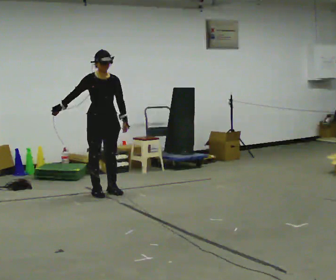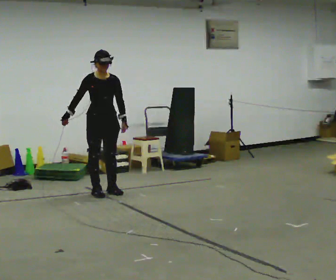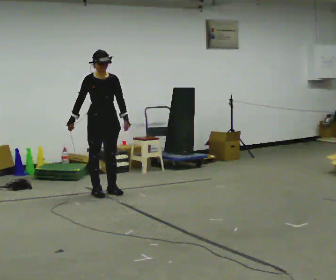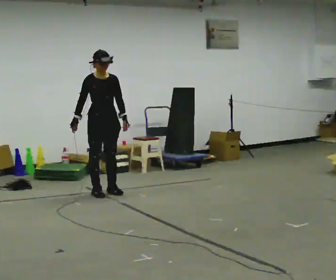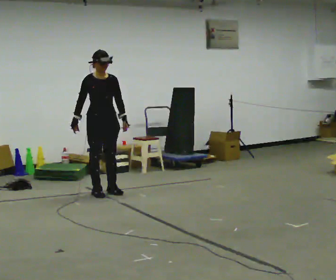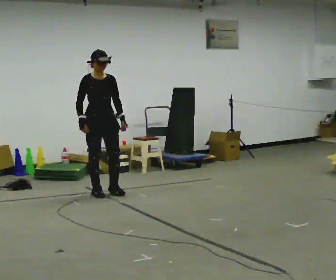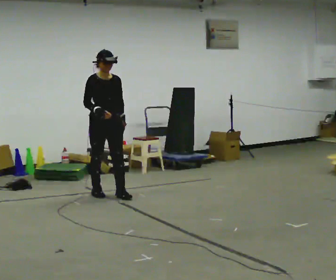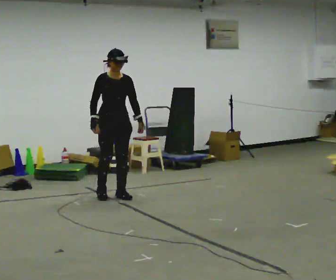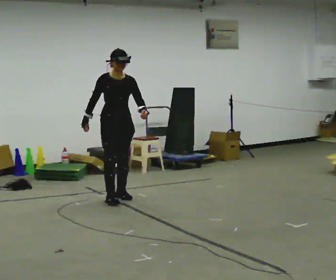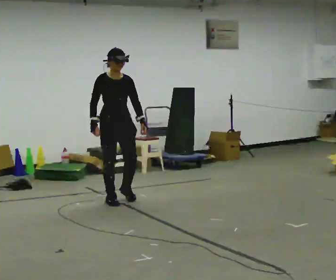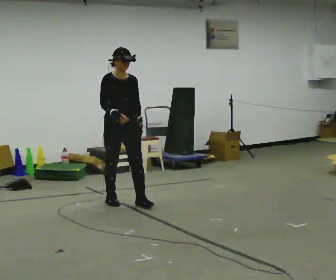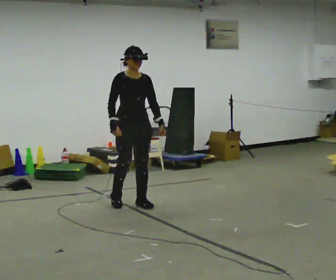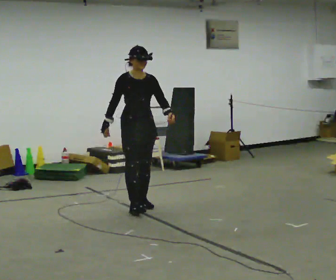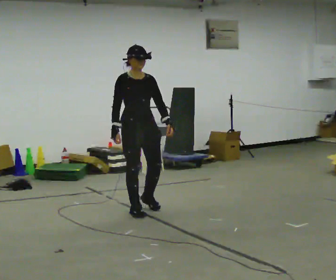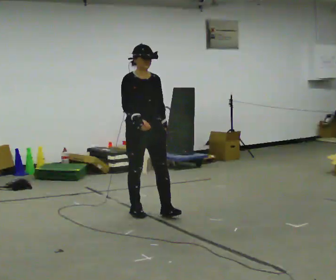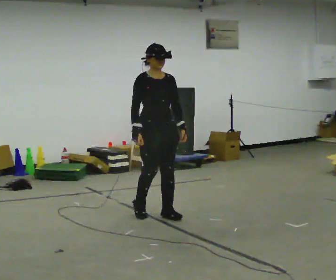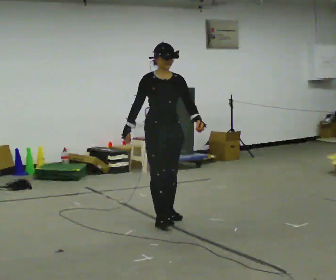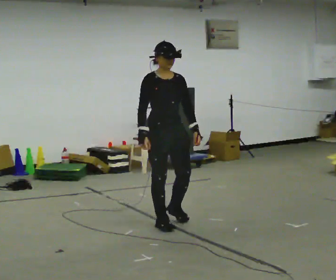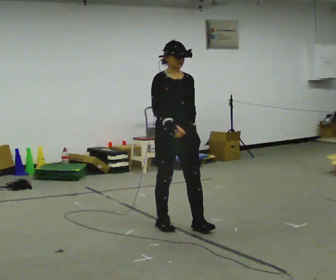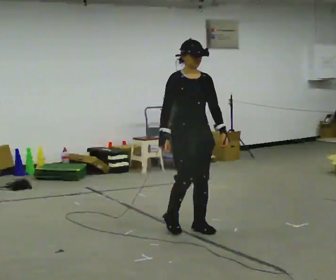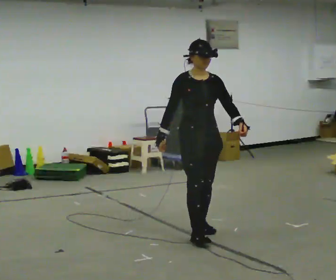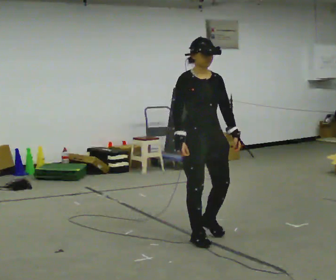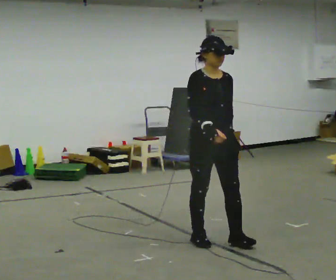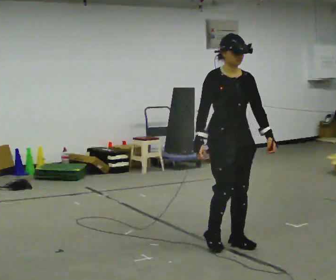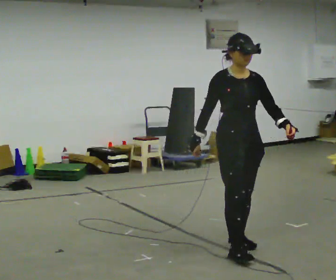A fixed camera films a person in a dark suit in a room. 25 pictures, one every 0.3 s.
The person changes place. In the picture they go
toward the camera.
0.0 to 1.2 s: The person moves a little, or ends about where they began.
1.2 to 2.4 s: In the picture they go toward the camera and to the right, about 0.25 m in 2 steps, which for them is forward.
2.4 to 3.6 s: In the picture they go toward the camera and to the right, about 0.5 m in 2 steps, which for them is forward.
3.6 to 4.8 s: In the picture they go toward the camera and to the right, about 0.5 m in 2 steps, which for them is forward.
4.8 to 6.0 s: In the picture they go toward the camera and to the right, about 0.5 m in 2 steps, which for them is forward.
6.0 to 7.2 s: In the picture they go toward the camera and to the right, about 0.5 m in 2 steps, which for them is forward.
The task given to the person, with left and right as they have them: Walk forward with your feet closer together than normal, or further apart than normal, as the operator states; stop.
The film runs forward here.
